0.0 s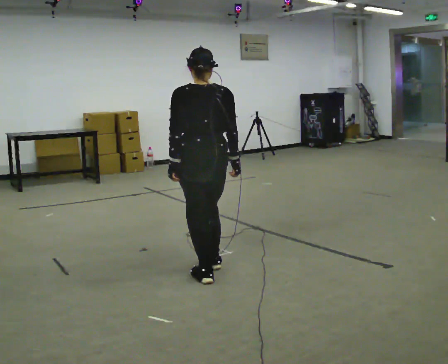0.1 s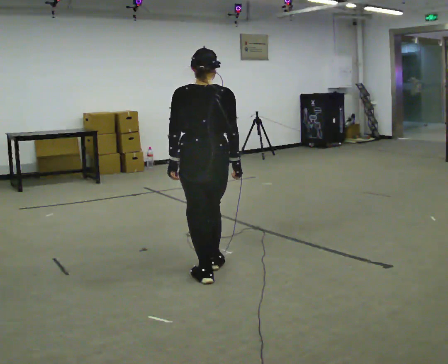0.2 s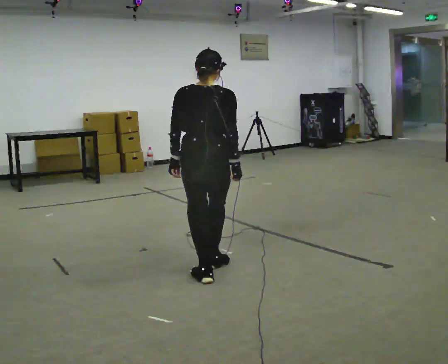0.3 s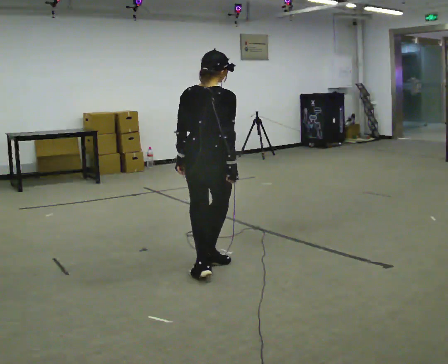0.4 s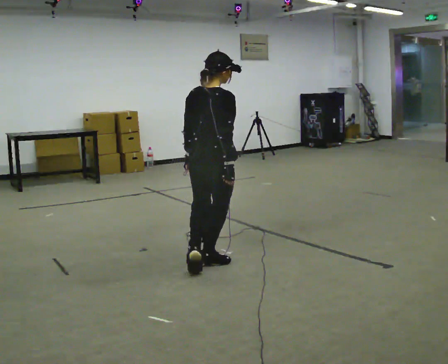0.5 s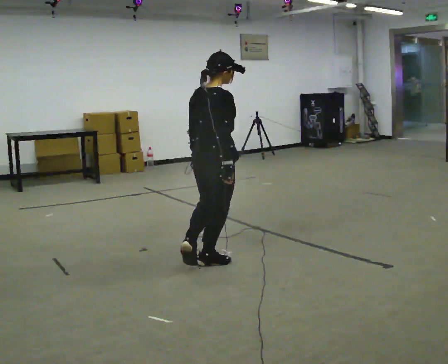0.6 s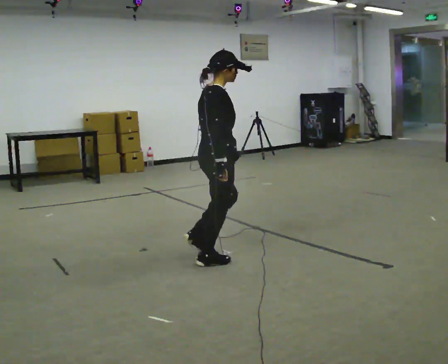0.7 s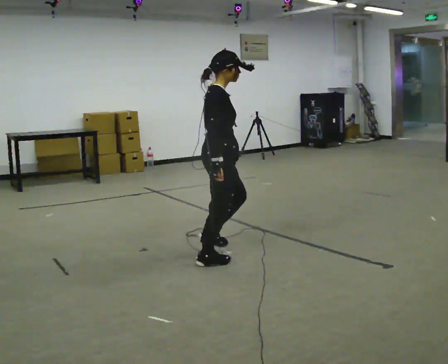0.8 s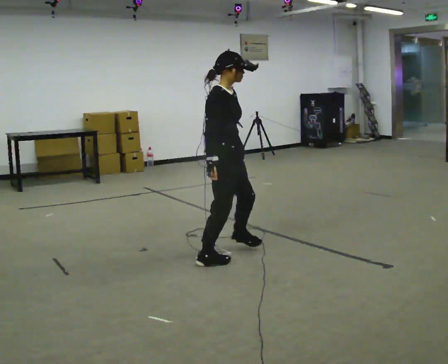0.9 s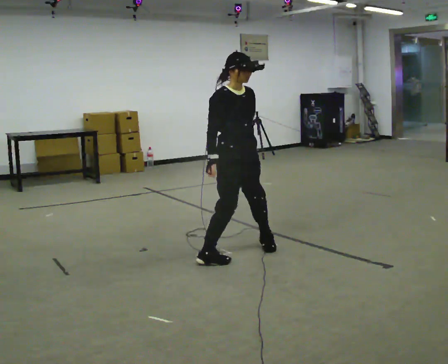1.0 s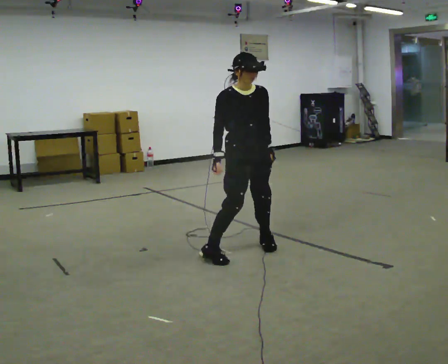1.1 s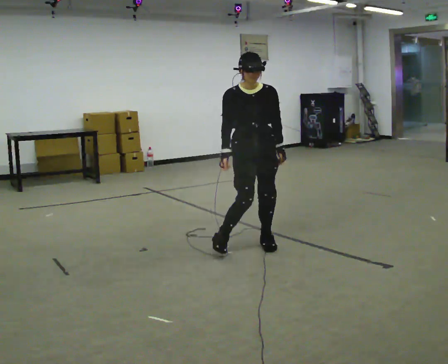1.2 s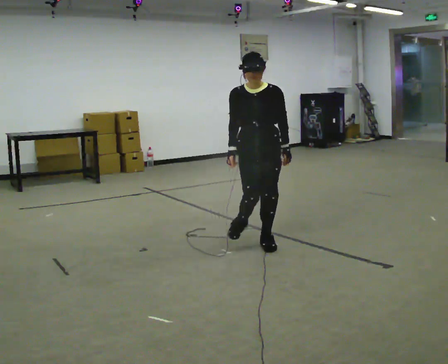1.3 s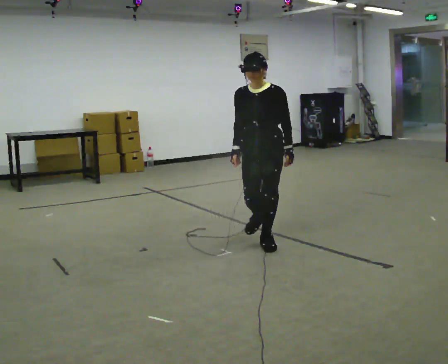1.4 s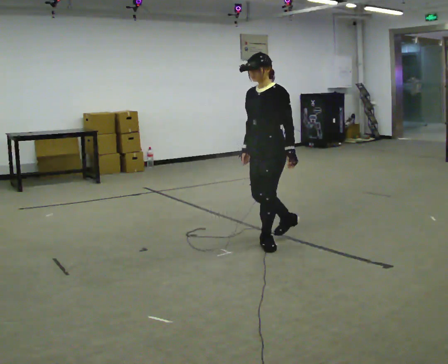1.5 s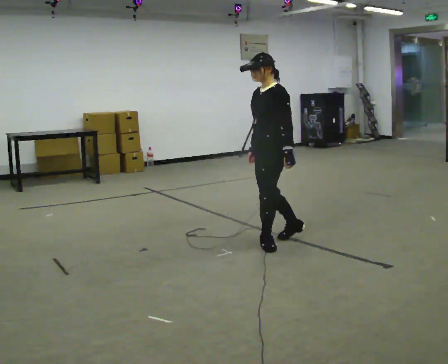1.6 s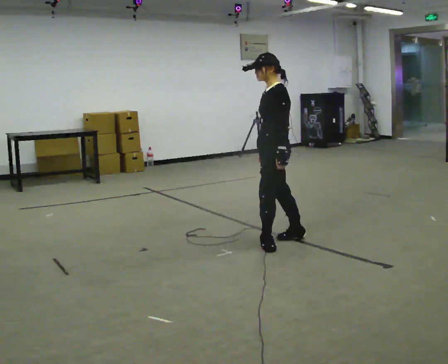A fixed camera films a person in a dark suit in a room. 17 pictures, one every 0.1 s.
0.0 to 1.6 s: The part of the body nearest the lens slides to the left as the person turns to their right by about 285 degrees. In the picture they go away from the camera and to the right, about 1 m in 2 steps.
The film runs forward here.
